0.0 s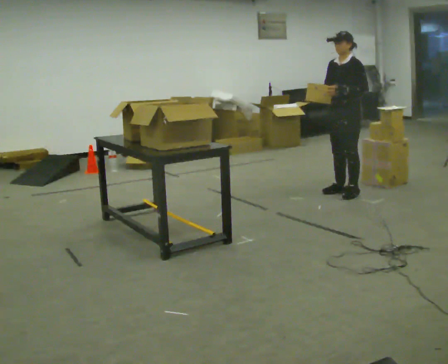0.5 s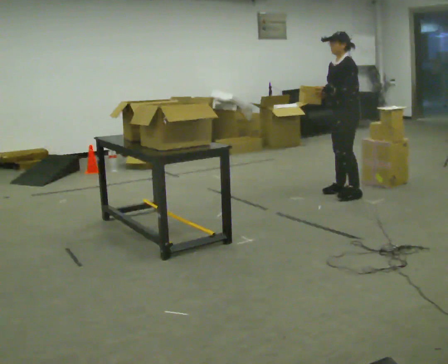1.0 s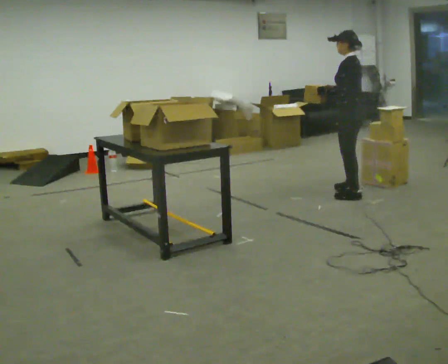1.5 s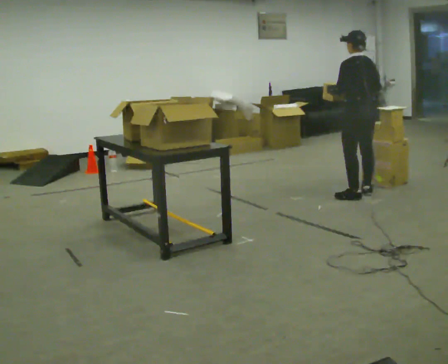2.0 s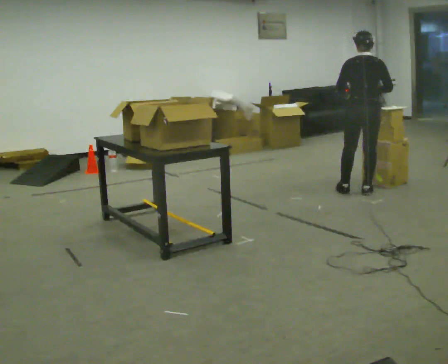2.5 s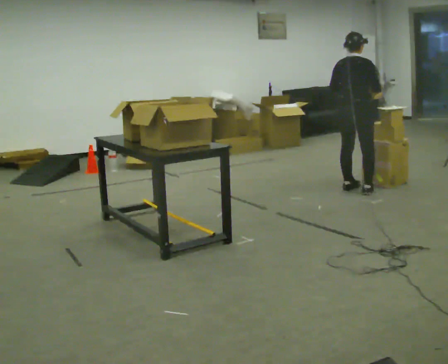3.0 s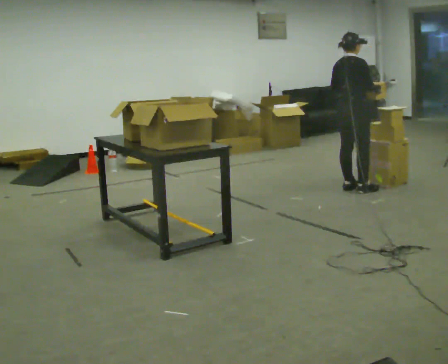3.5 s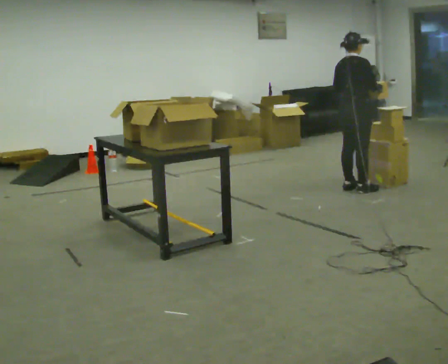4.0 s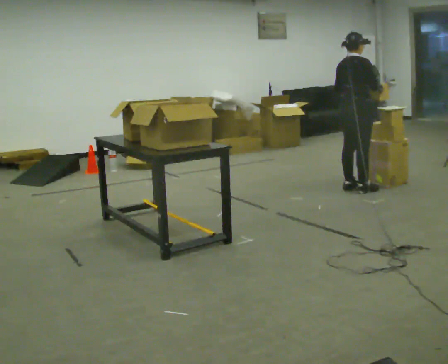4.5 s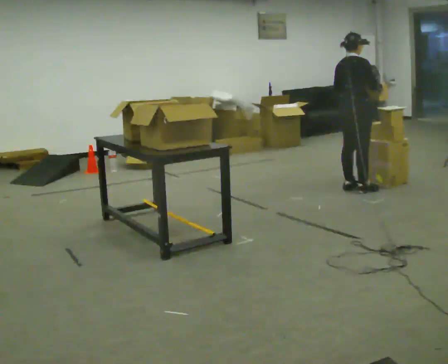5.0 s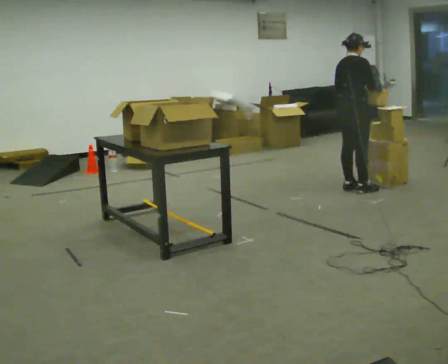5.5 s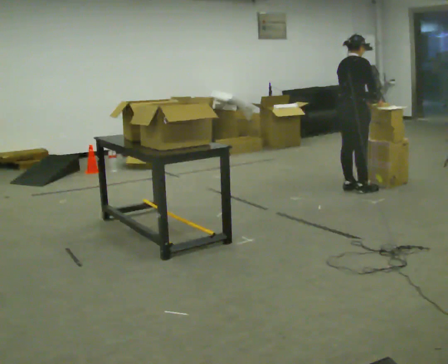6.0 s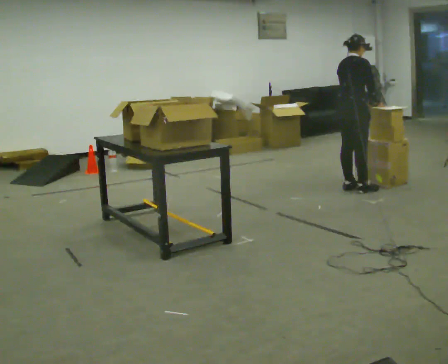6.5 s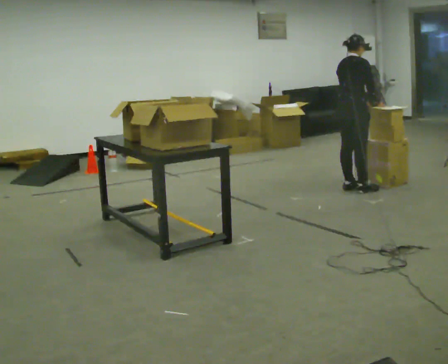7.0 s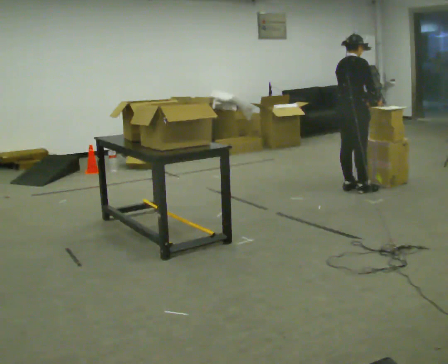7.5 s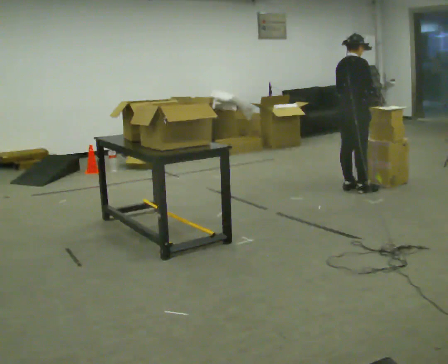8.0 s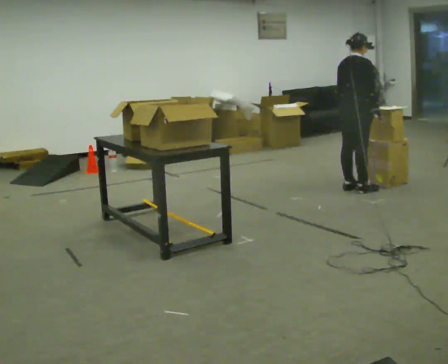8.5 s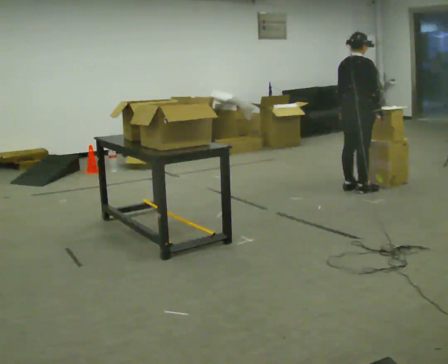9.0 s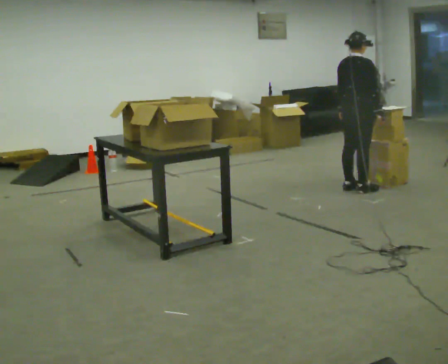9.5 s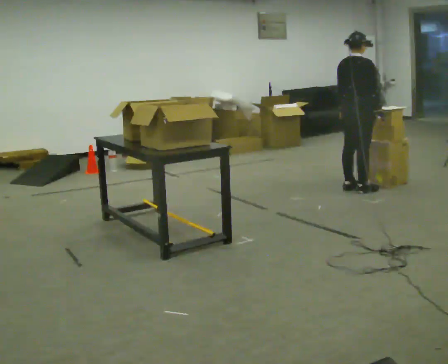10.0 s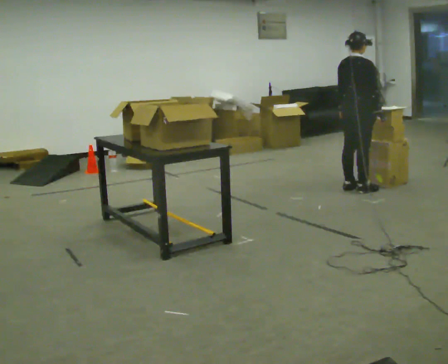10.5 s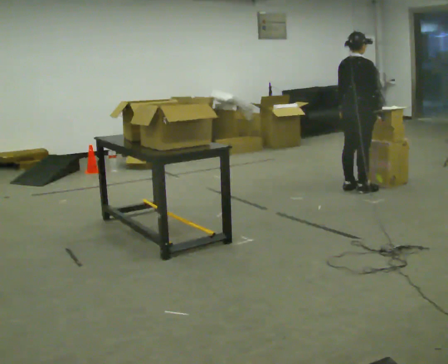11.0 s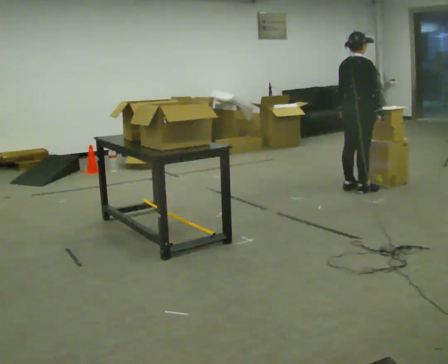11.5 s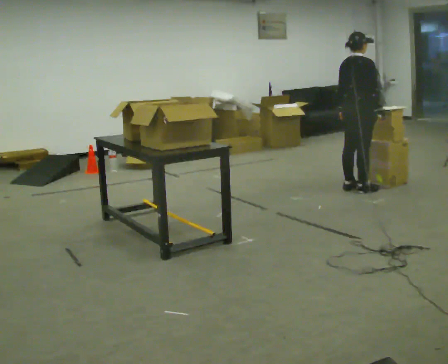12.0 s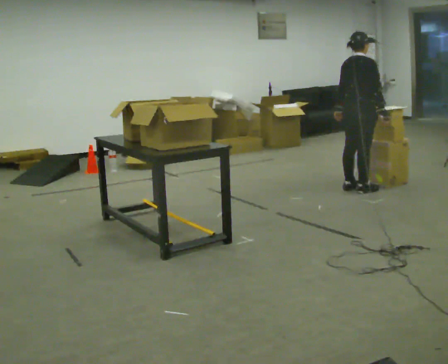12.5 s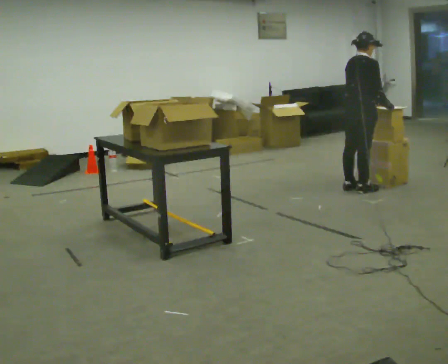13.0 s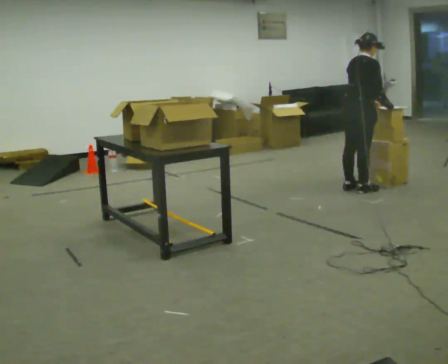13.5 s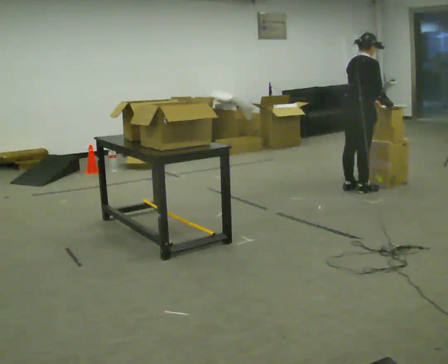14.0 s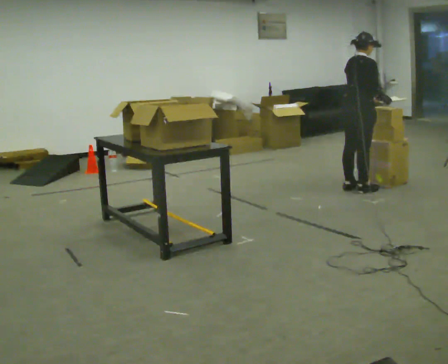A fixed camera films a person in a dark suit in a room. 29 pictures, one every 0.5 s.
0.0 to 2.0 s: The person turns about 120 degrees to their right, clockwise seen from above, so the part of the body nearest the lens slides to the left. In the picture they go to the right, about 0.25 m in 2 steps.
2.0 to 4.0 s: The person turns about 60 degrees to their right, clockwise seen from above, so the part of the body nearest the lens slides to the left. In the picture they go away from the camera, about 0.25 m, which for them is to their left.
4.0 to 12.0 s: The person moves a little, or ends about where they began.
12.0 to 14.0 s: In the picture their left hand goes to the right, the arm swinging counterclockwise.
The film runs backward here.
